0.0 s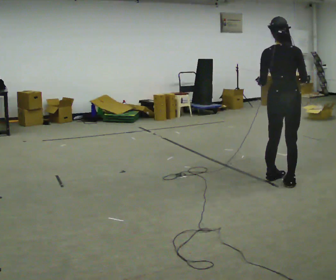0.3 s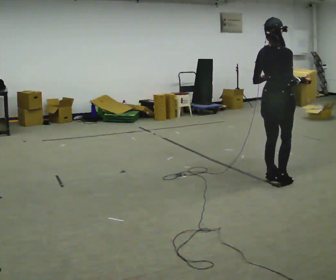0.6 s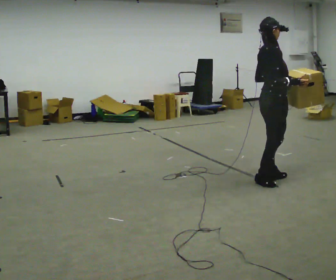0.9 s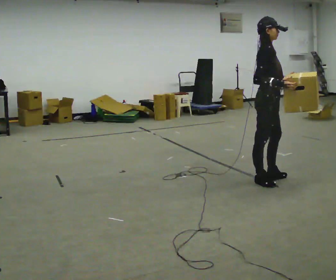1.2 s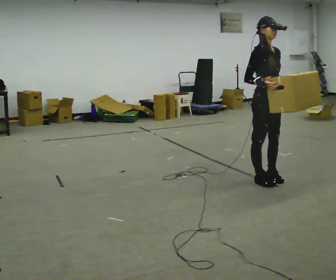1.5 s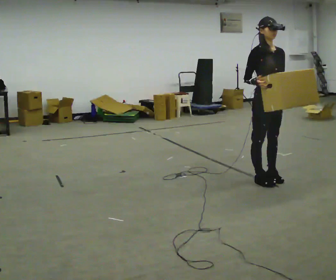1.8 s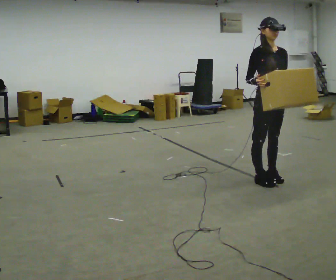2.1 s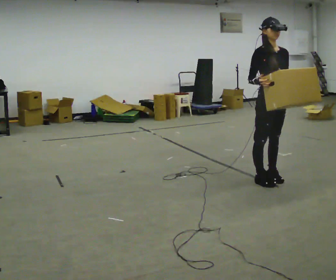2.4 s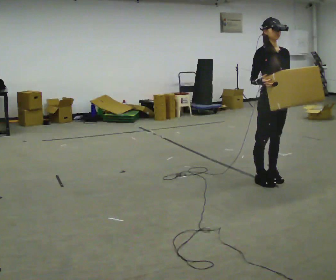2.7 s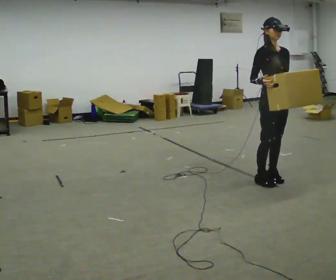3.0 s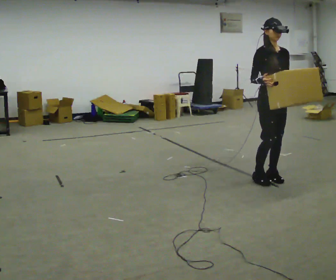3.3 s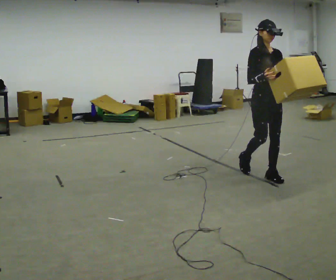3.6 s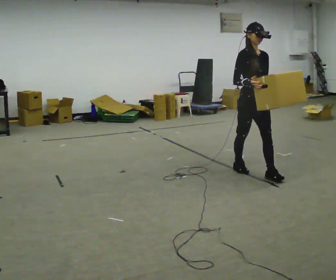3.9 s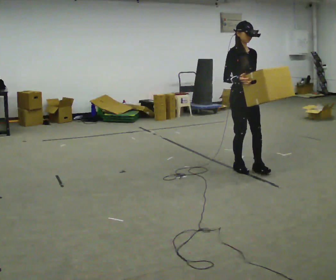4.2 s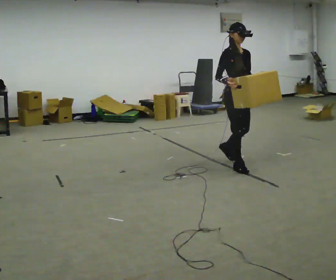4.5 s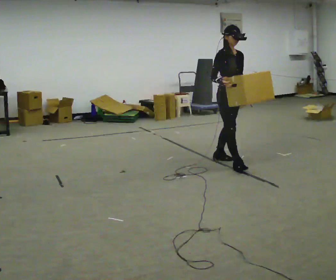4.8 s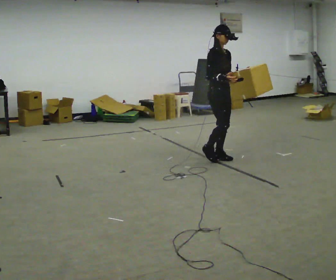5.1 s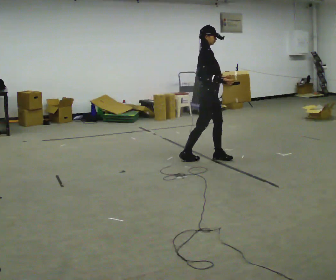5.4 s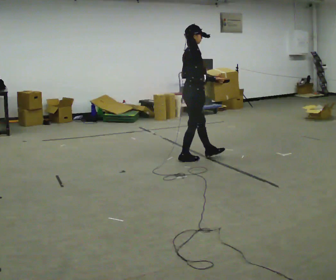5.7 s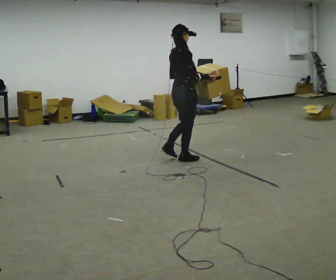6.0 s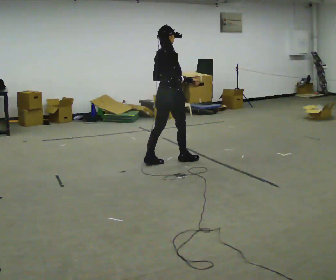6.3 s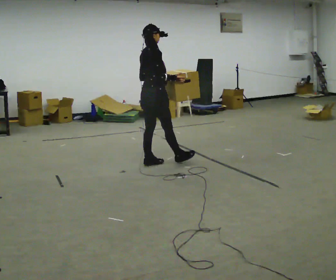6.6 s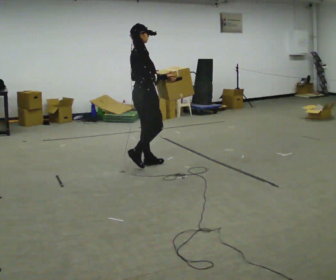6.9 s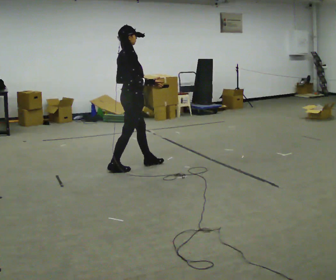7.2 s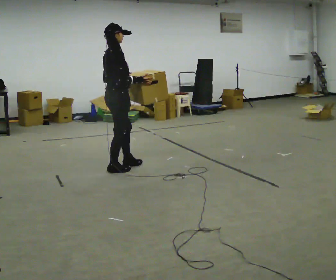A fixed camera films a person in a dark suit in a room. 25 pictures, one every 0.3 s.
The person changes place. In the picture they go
to the left.
The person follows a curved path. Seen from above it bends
counterclockwise.
0.0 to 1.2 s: The person turns about 120 degrees to their right, clockwise seen from above, so the part of the body nearest the lens slides to the left. In the picture they go to the left, about 0.25 m in 1 step. In the picture their right hand goes to the left.
1.2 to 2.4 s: Seen from above the body turns clockwise, about 30 degrees: to their right, with its near side sliding to the left.
2.4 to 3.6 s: In the picture they go away from the camera and to the left, about 0.25 m in 1 step, which for them is backward.
3.6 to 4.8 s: In the picture they go away from the camera and to the left, about 0.75 m in 2 steps, which for them is backward.
4.8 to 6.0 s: The person turns about 90 degrees to their left, counterclockwise seen from above, so the part of the body nearest the lens slides to the right. In the picture they go to the left, about 0.5 m in 1 step.
6.0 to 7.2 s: In the picture they go to the left and toward the camera, about 0.75 m in 2 steps, which for them is backward.
The film runs backward here.
